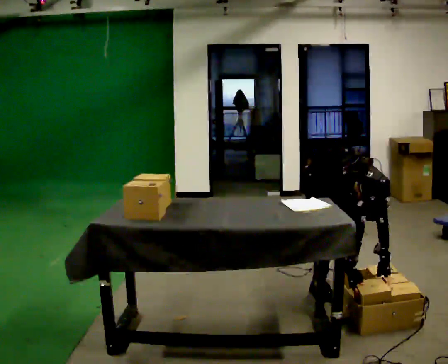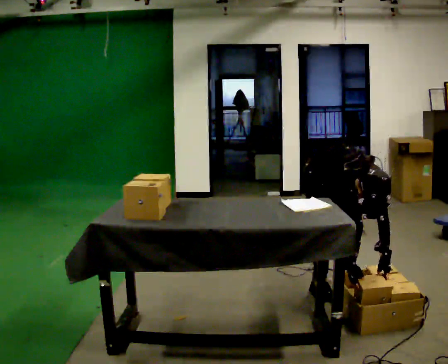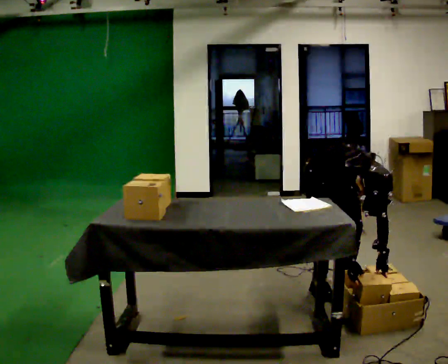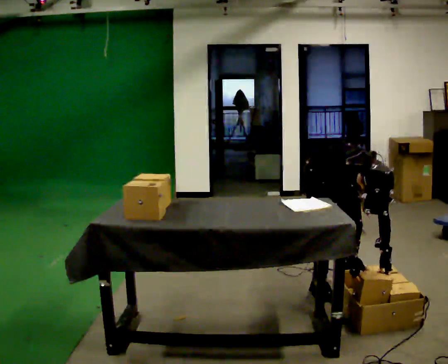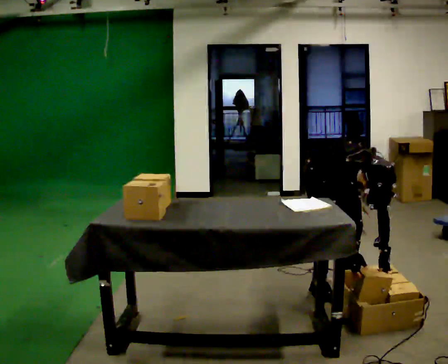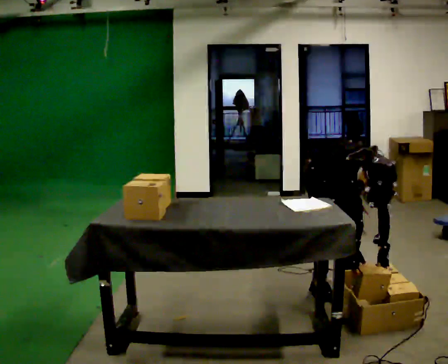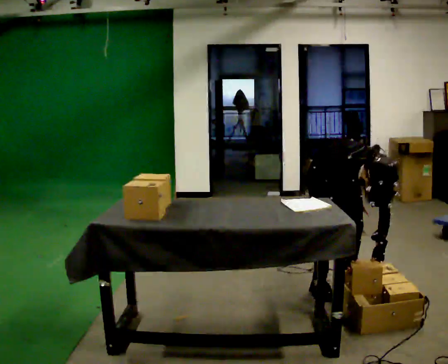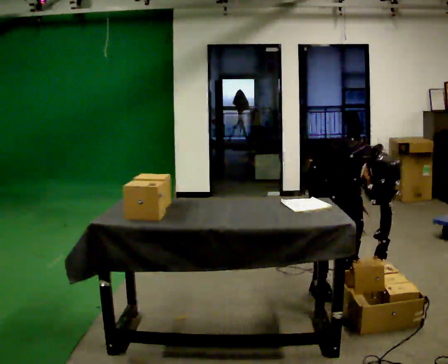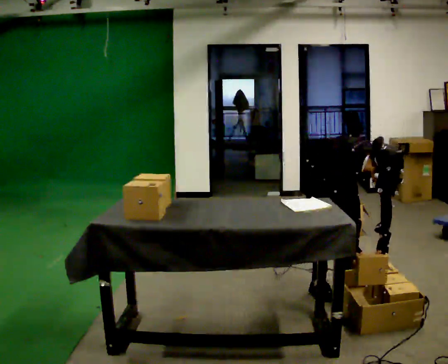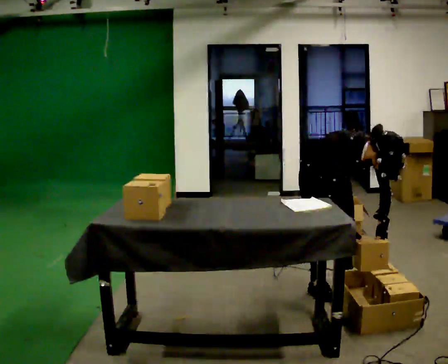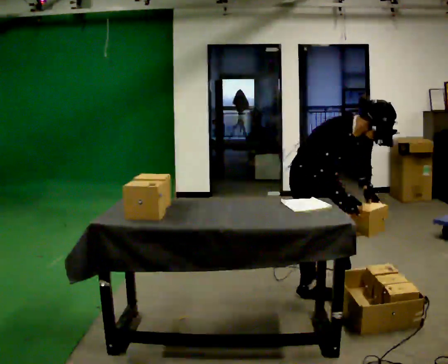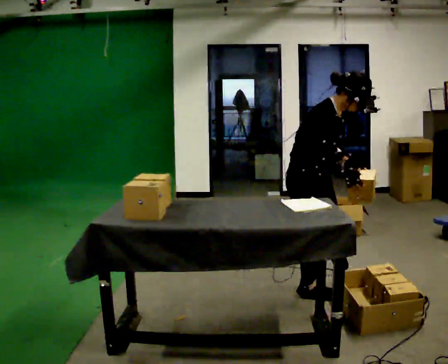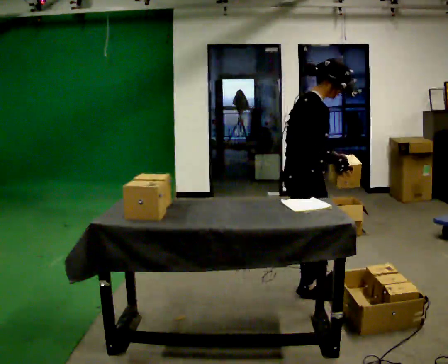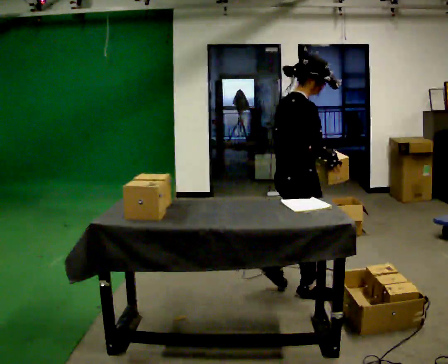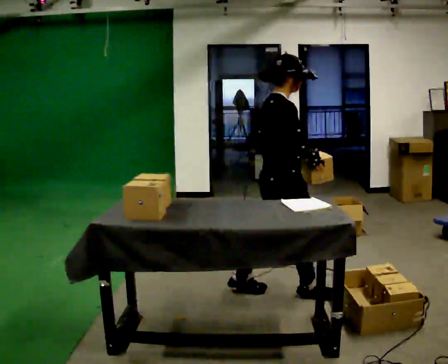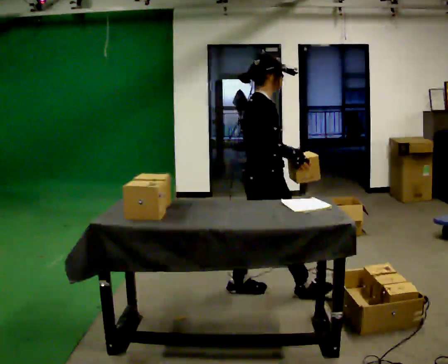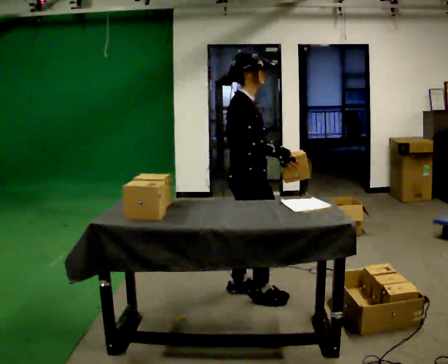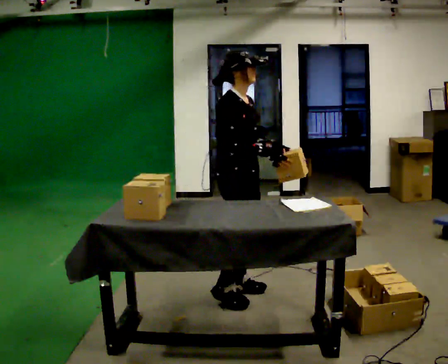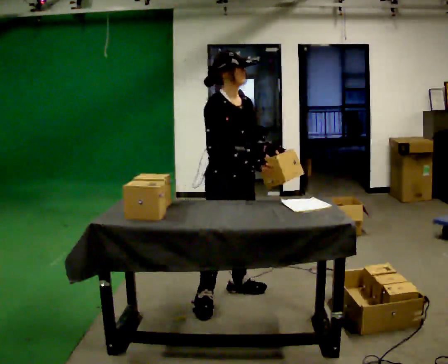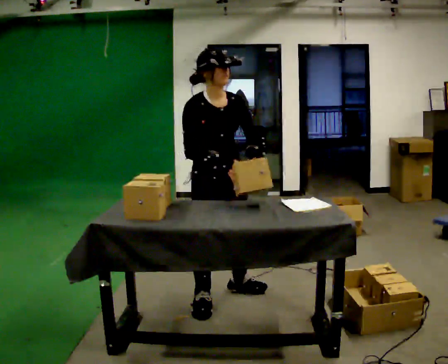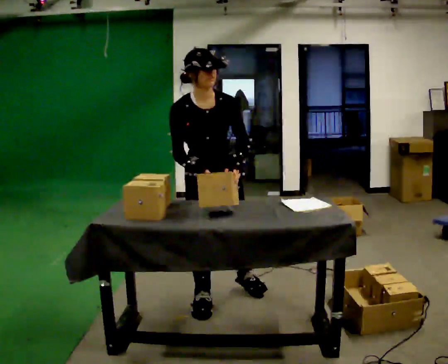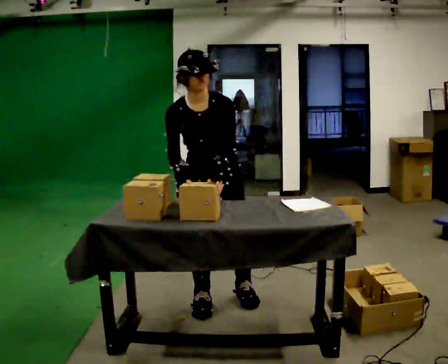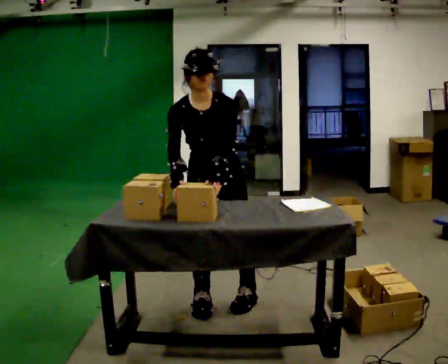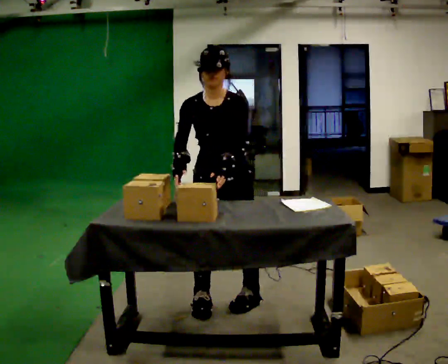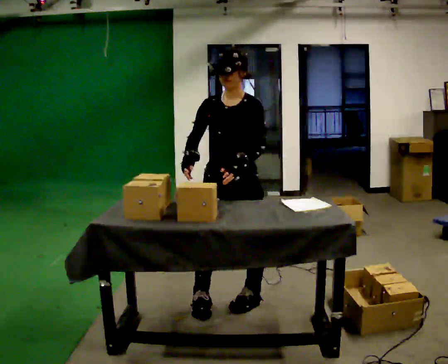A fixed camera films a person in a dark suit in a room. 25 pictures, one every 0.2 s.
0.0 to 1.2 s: The person moves a little, or ends about where they began.
1.2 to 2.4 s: The person turns about 75 degrees to their left, counterclockwise seen from above, so the part of the body nearest the lens slides to the right. In the picture they go toward the camera and to the left, about 0.25 m in 1 step. The upper body goes upward. The upper body tips away from the camera, its near side rolling upward, as they lean back or straighten. In the picture their left hand goes upward.
2.4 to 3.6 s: The part of the body nearest the lens slides to the left as the person turns to their right by about 30 degrees. In the picture they go to the left, about 0.5 m in 1 step, which for them is backward.
3.6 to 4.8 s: The part of the body nearest the lens slides to the left as the person turns to their right by about 90 degrees.
The film runs backward here.
